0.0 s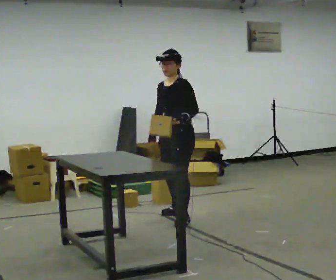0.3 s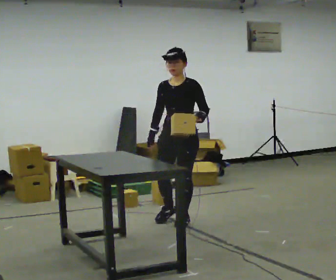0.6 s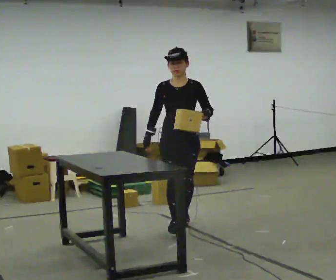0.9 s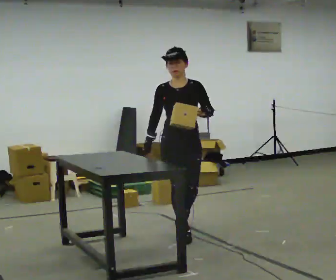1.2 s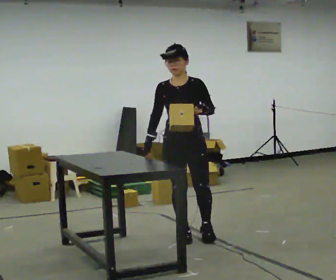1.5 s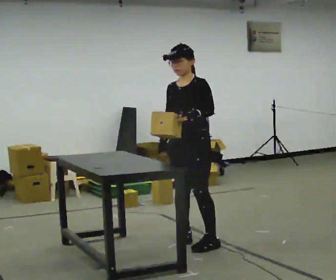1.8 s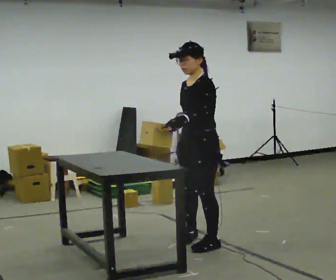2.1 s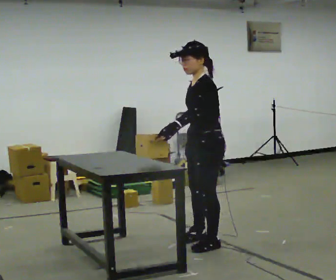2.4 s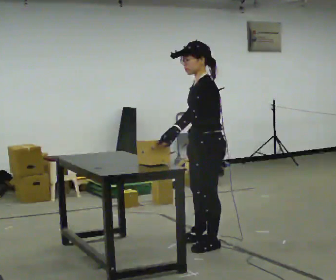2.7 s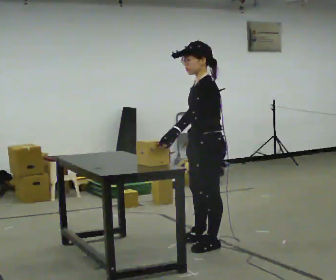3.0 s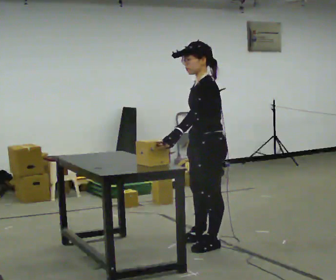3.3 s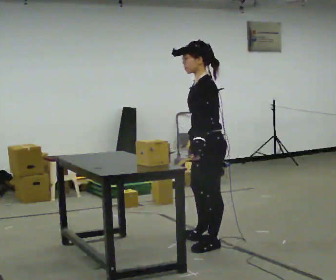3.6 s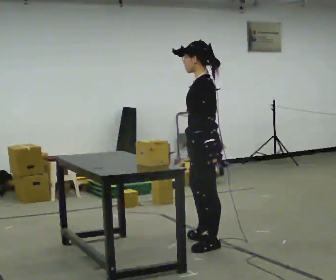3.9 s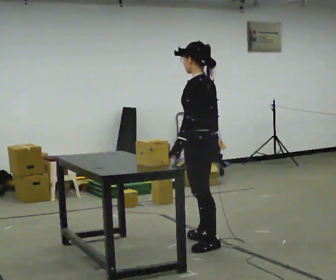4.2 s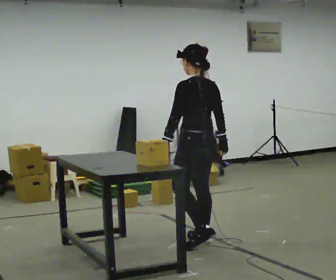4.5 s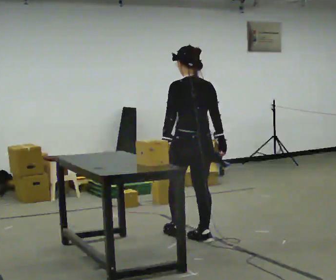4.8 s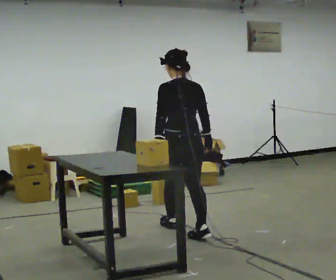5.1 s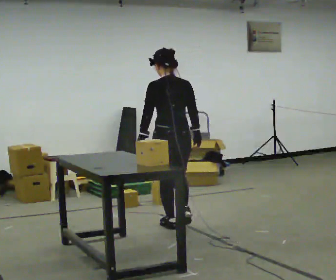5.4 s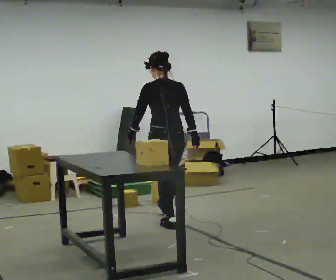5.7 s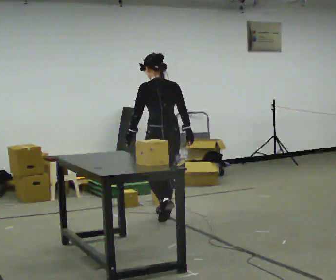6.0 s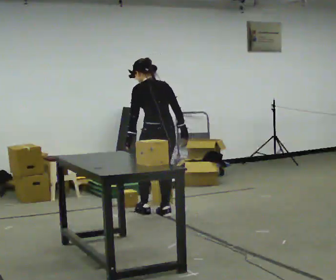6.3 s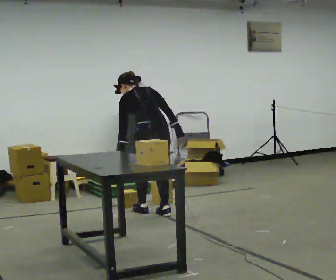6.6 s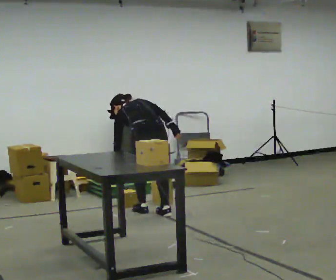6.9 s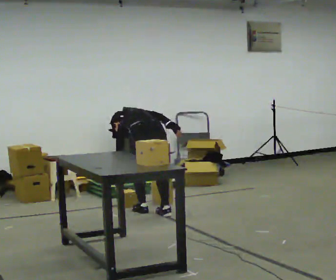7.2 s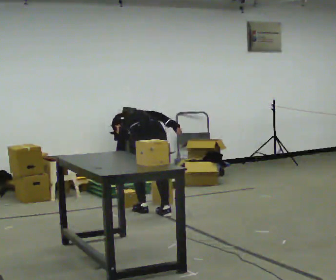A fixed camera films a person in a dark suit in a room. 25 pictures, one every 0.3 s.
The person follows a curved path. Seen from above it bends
counterclockwise.
Their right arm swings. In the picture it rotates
counterclockwise.
0.0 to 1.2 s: Seen from above the body turns counterclockwise, about 45 degrees: to their left, with its near side sliding to the right. In the picture they go toward the camera, about 0.5 m in 1 step, which for them is forward.
1.2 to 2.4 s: The person turns about 75 degrees to their right, clockwise seen from above, so the part of the body nearest the lens slides to the left. In the picture they go toward the camera and to the right, about 0.25 m in 1 step.
2.4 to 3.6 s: The person moves a little, or ends about where they began.
3.6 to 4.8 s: The part of the body nearest the lens slides to the left as the person turns to their right by about 75 degrees. In the picture they go away from the camera and to the left, about 0.5 m in 1 step.
4.8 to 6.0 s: In the picture they go away from the camera, about 0.5 m in 1 step, which for them is forward.
6.0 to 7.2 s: The upper body goes downward. The upper body tips away from the camera, its near side rolling upward, as they bend forward.
The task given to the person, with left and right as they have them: Pick the object up off the floor using only the hand the operator calls, then carry it to the table in that same hand. Keep going until the operator says stop; one object at a time, and do not rush between trips.
The film runs forward here.
